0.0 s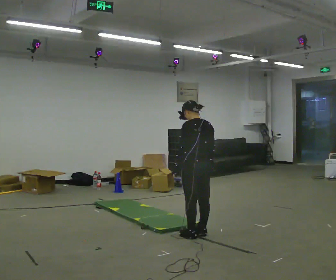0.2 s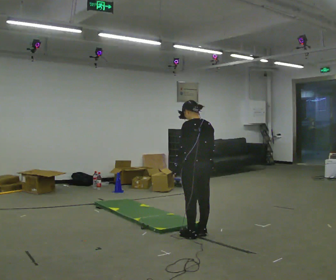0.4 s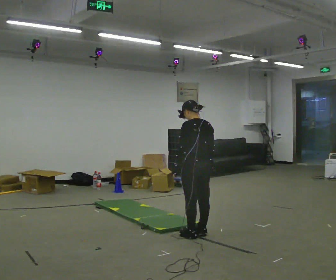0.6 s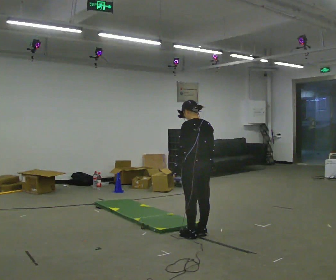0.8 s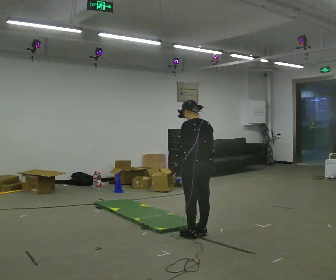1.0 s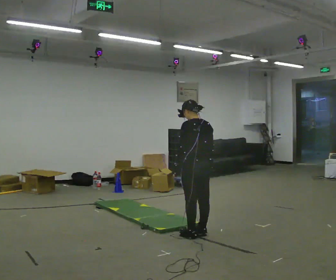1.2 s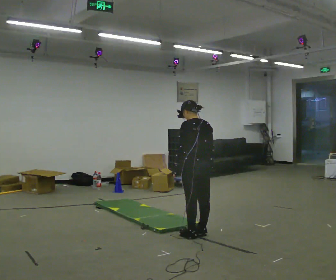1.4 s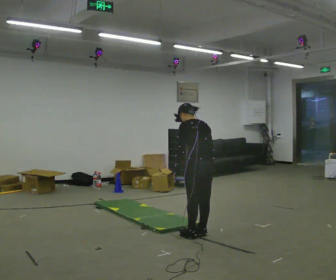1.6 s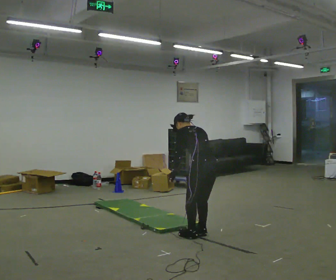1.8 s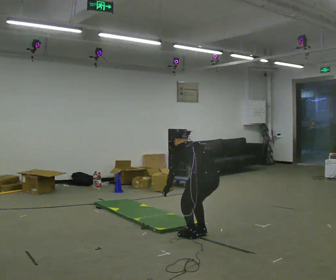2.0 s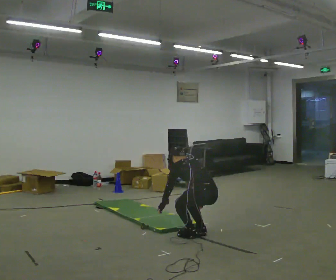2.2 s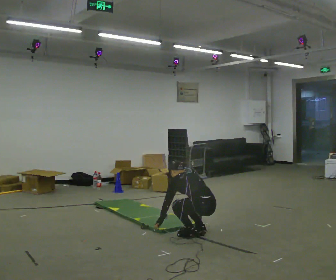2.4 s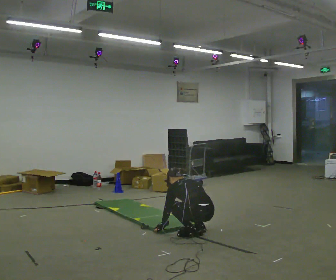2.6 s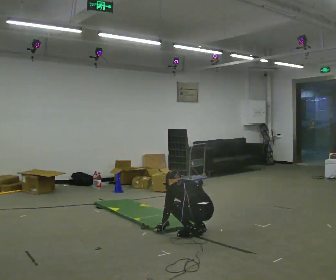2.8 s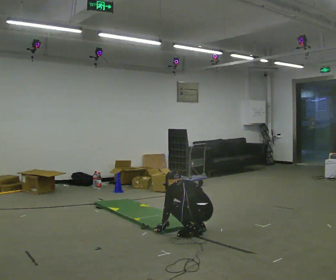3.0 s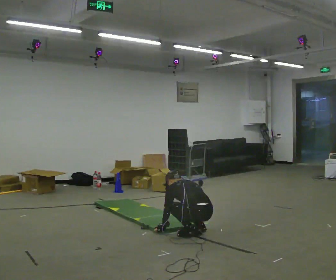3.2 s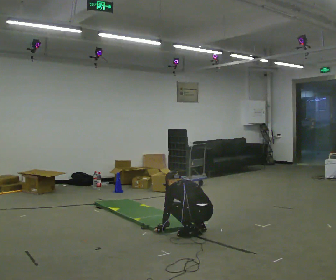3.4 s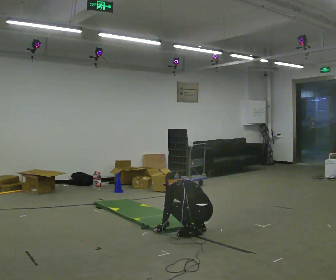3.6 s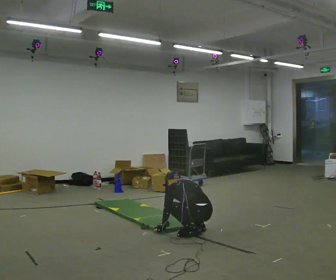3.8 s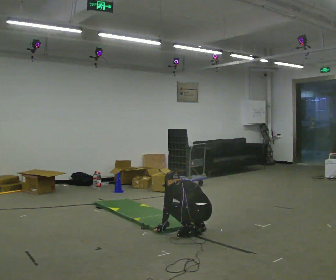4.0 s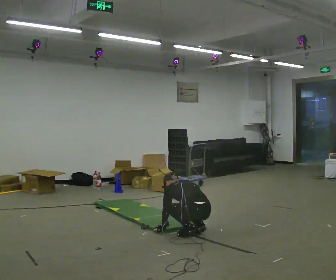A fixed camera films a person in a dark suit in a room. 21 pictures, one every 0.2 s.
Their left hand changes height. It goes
downward.
The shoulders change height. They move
downward.
0.0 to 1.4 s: The person moves a little, or ends about where they began.
1.4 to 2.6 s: The upper body goes downward. The upper body tips away from the camera, its near side rolling upward, as they bend forward. In the picture their right hand goes downward.
2.6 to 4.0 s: The person moves a little, or ends about where they began.
The film runs forward here.
